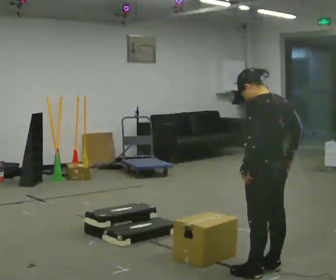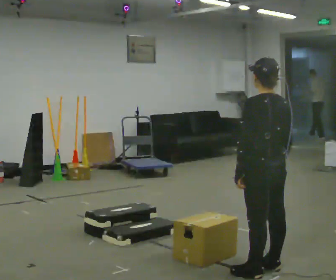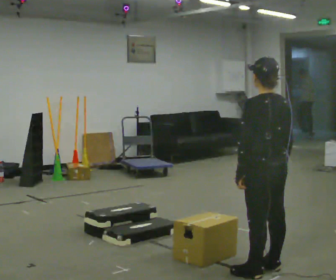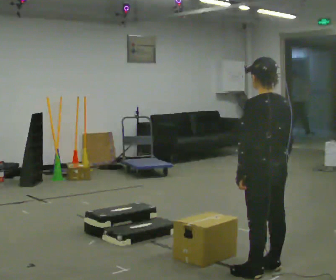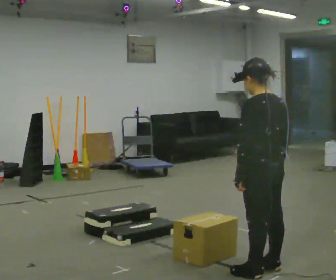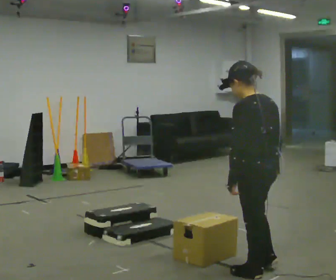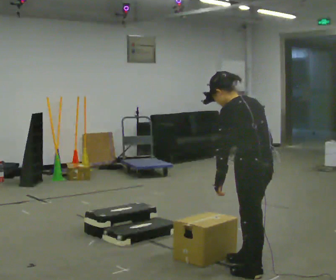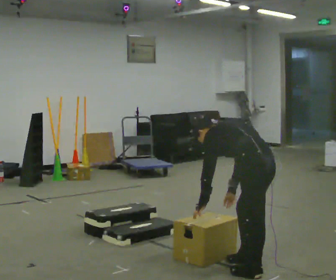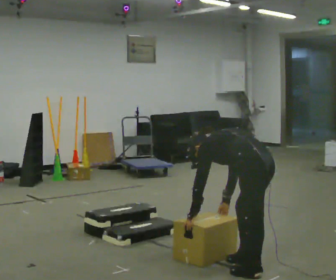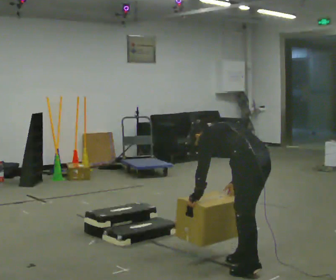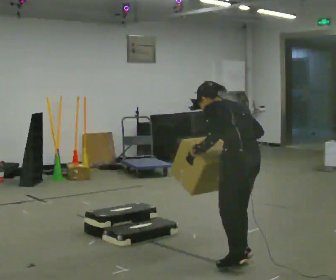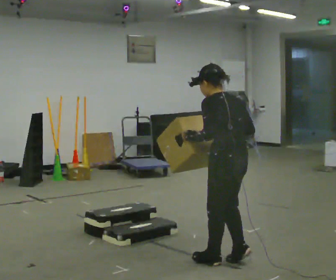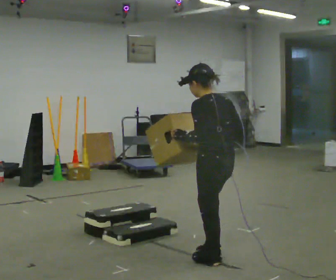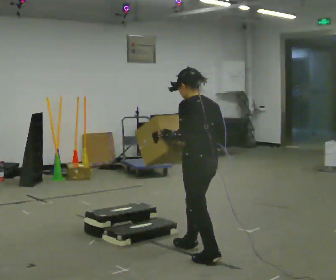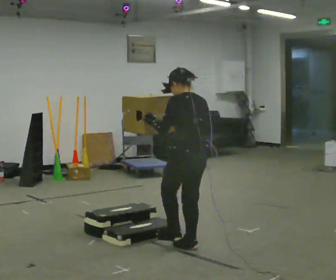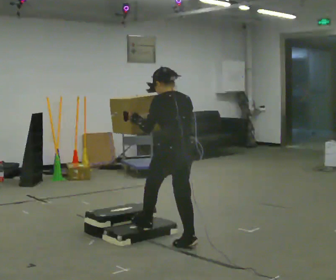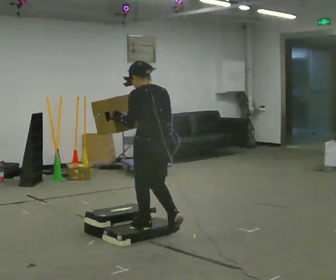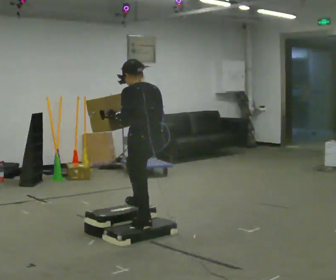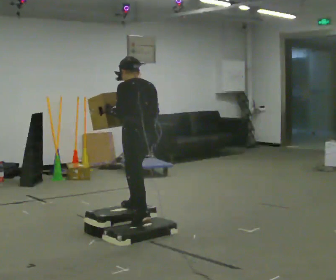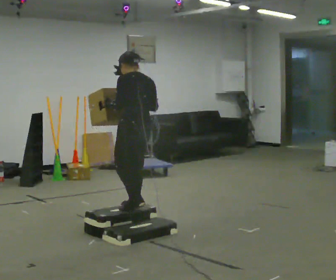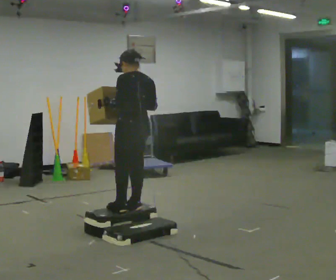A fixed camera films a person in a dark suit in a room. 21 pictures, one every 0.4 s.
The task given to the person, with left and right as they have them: Carry the box up the three steps, turn at the top, and carry it back down. Use the handrail only if you need it. Keep going until the operator says stop; one object at a time, and do not rush between trips.
0.0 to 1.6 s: The person moves a little, or ends about where they began.
1.6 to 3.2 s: The shoulders move downward. The upper body tips away from the camera, its near side rolling upward, as they bend forward. In the picture their right hand goes to the left and downward.
3.2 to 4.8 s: In the picture they go to the left and away from the camera, about 0.25 m in 1 step, which for them is forward. The upper body goes upward. The upper body tips toward the camera, its near side rolling downward, as they lean back or straighten. In the picture their right hand goes upward.
4.8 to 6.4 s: In the picture they go away from the camera and to the left, about 0.5 m in 2 steps, which for them is forward.
6.4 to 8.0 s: In the picture they go away from the camera and to the left, about 0.5 m in 2 steps, which for them is forward.
The film runs forward here.
